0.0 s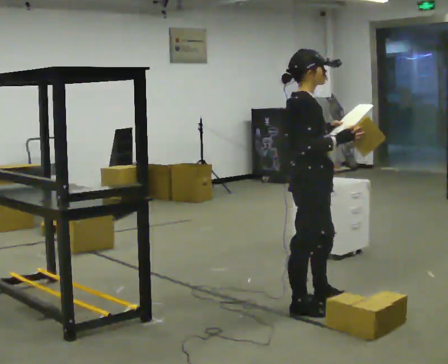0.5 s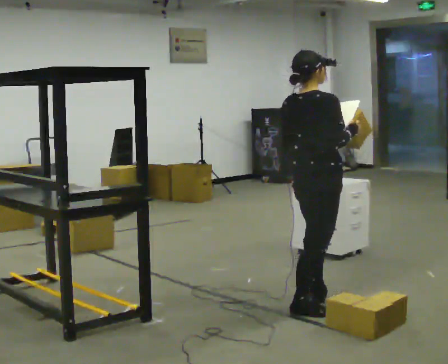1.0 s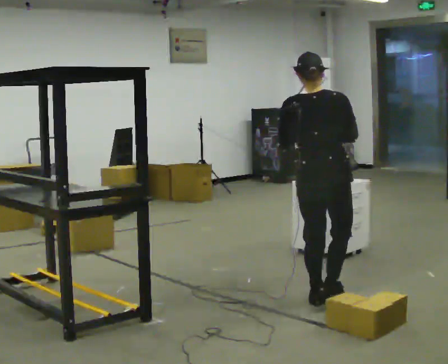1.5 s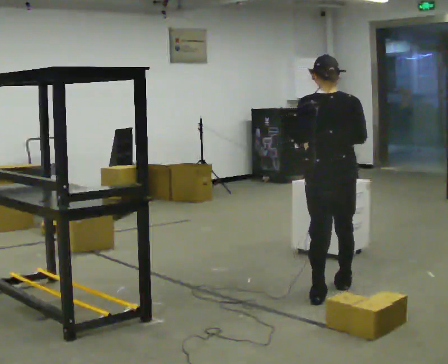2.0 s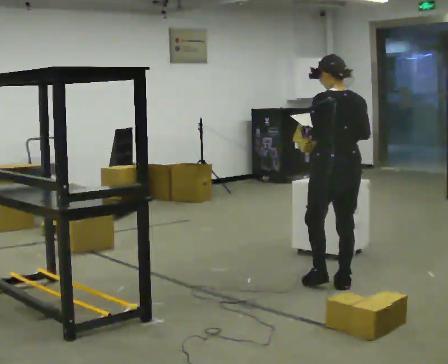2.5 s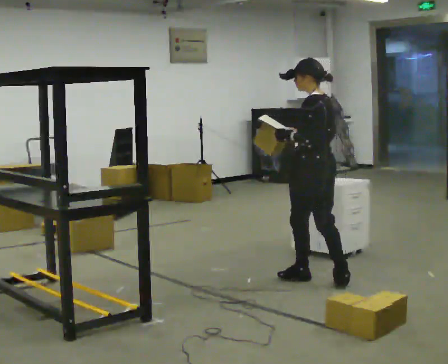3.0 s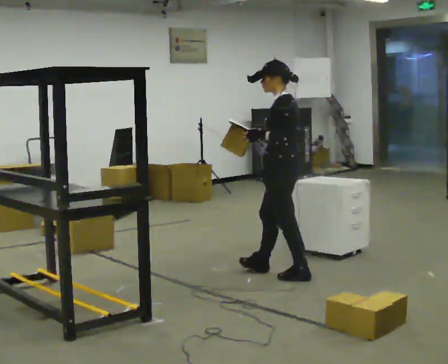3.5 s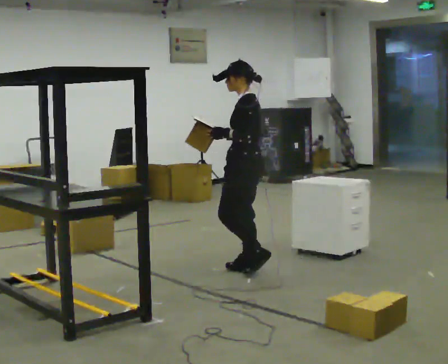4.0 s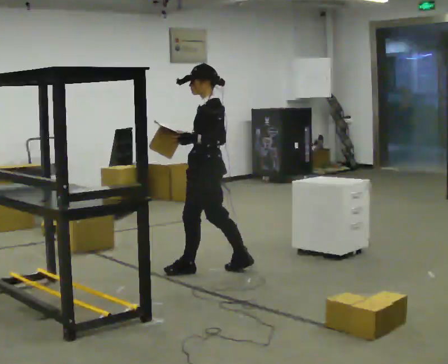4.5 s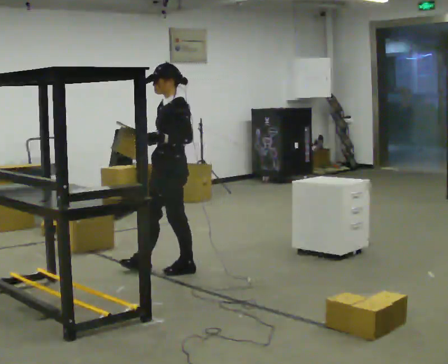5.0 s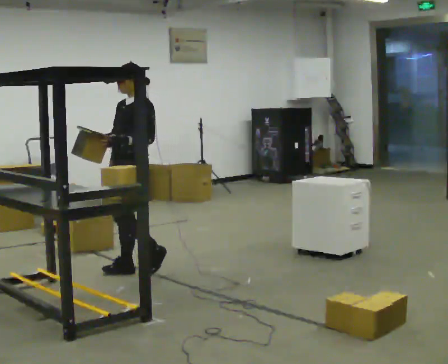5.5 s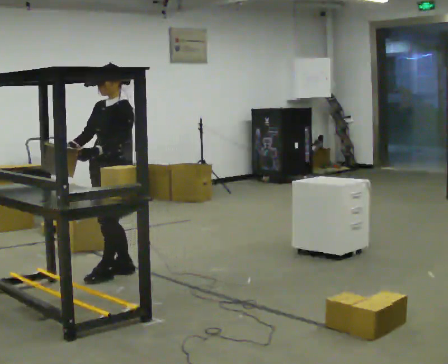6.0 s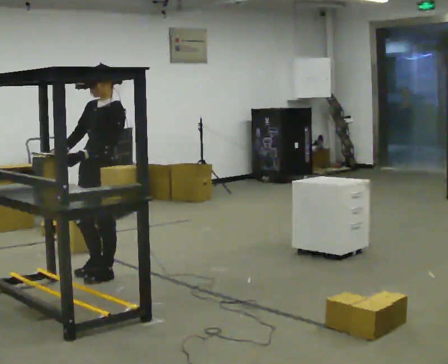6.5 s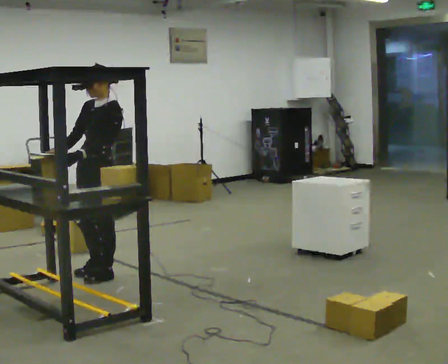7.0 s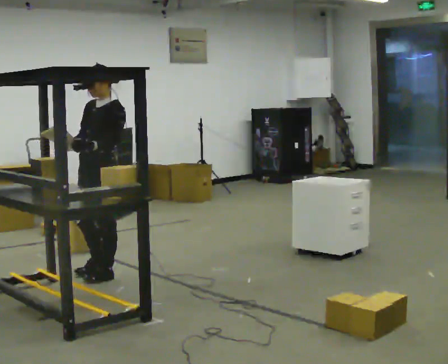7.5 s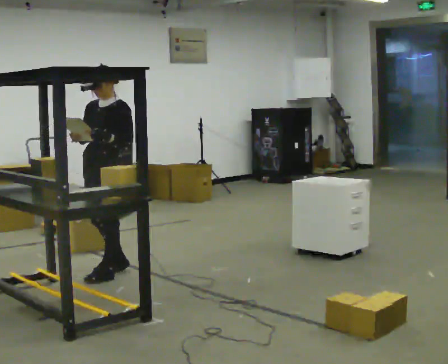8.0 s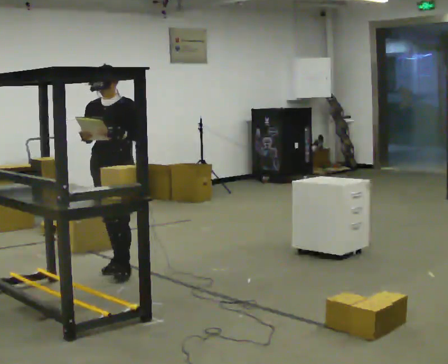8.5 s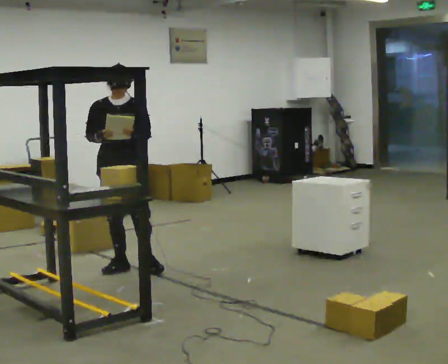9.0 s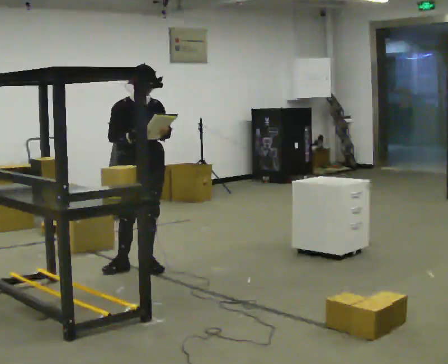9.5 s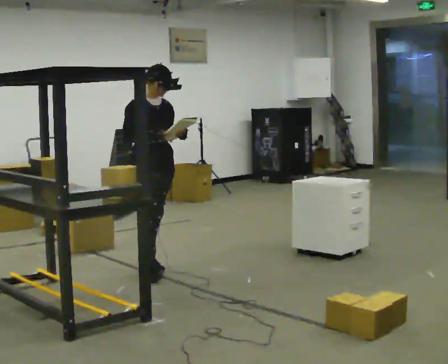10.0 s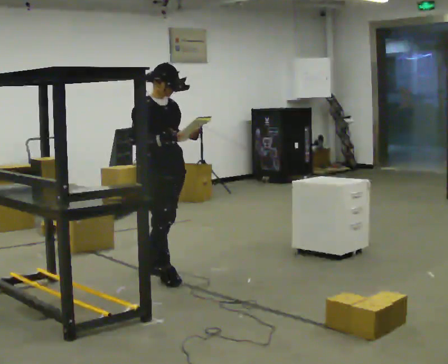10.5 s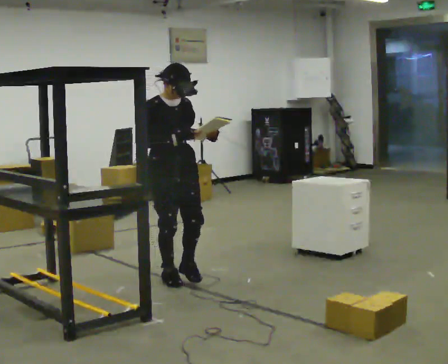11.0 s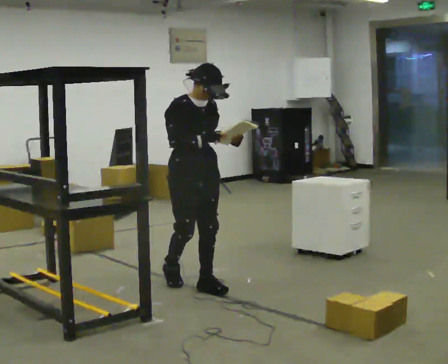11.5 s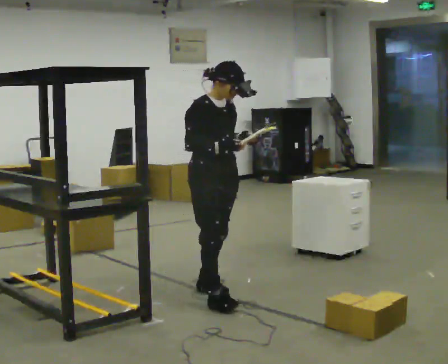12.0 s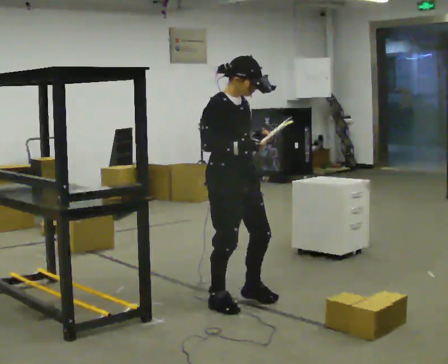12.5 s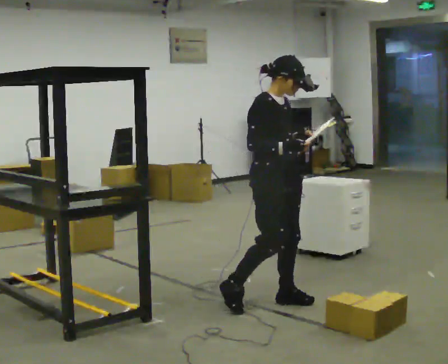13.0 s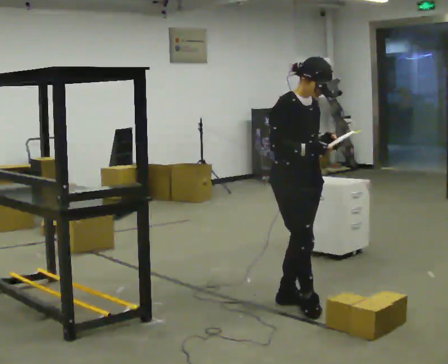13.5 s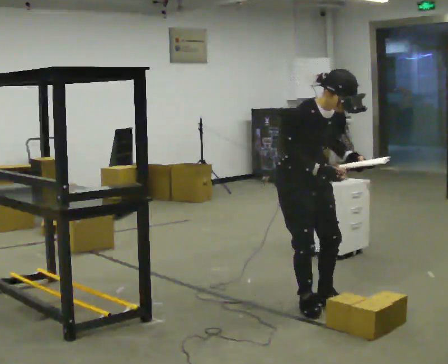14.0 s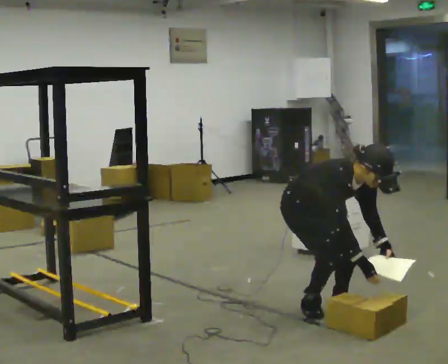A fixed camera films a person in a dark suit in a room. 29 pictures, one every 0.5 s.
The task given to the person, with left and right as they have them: 1. Look at the photo the operator gives you. 2. Put the room back the way it looks in the photo. 3. Tell the operator when you are finished.
0.0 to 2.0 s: Seen from above the body turns counterclockwise, about 105 degrees: to their left, with its near side sliding to the right. In the picture they go away from the camera and to the right, about 0.75 m in 1 step.
2.0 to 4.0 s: The person turns about 75 degrees to their left, counterclockwise seen from above, so the part of the body nearest the lens slides to the right. In the picture they go to the left and away from the camera, about 1 m in 3 steps.
4.0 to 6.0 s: The person turns about 30 degrees to their left, counterclockwise seen from above, so the part of the body nearest the lens slides to the right. In the picture they go to the left, about 1 m in 3 steps, which for them is forward.
6.0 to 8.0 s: The part of the body nearest the lens slides to the right as the person turns to their left by about 30 degrees. In the picture they go away from the camera, about 0.25 m in 1 step, which for them is backward and to their right.
8.0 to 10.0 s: The person turns about 75 degrees to their left, counterclockwise seen from above, so the part of the body nearest the lens slides to the right. In the picture they go to the right and toward the camera, about 0.5 m in 2 steps.
10.0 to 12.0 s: In the picture they go toward the camera and to the right, about 1 m in 2 steps, which for them is forward.
12.0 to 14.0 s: In the picture they go to the right, about 0.5 m in 3 steps, which for them is forward and to their left. The upper body goes downward. The upper body tips toward the camera, its near side rolling downward, as they bend forward. In the picture their right hand goes downward.
The film runs forward here.
